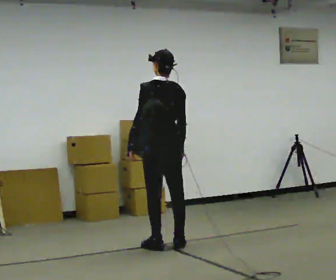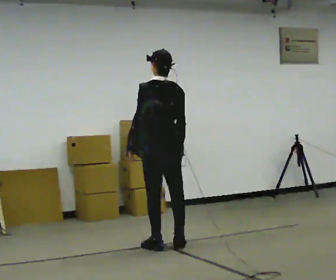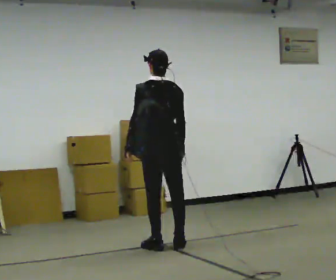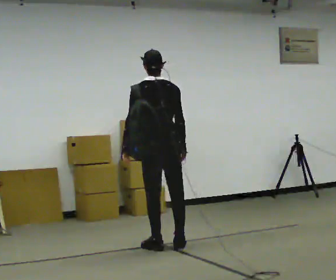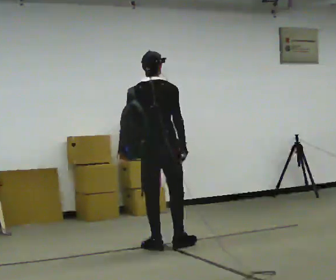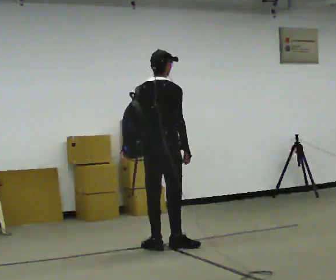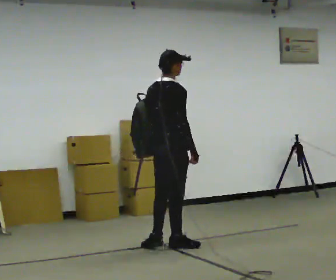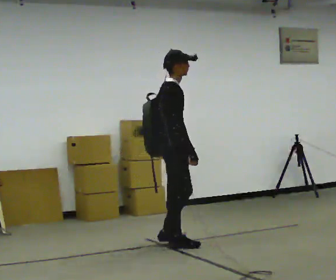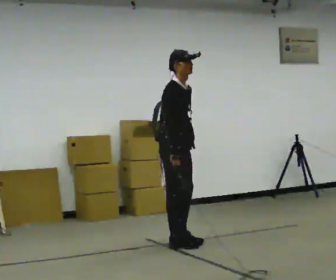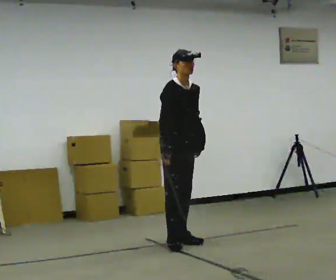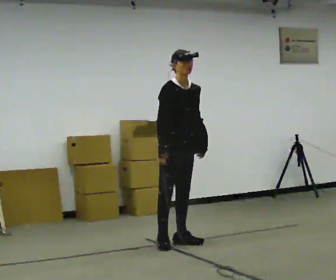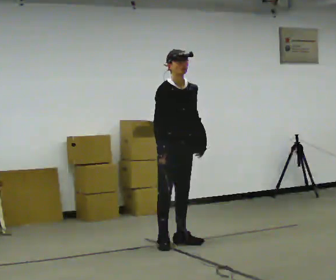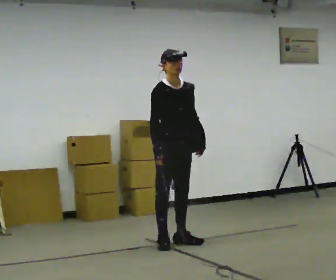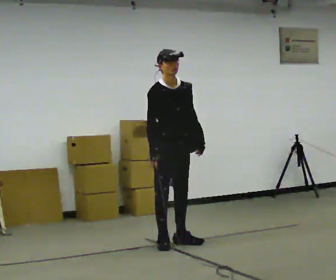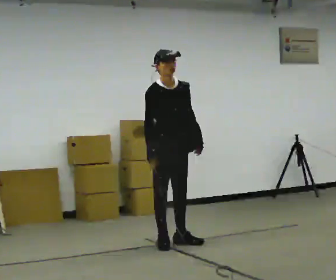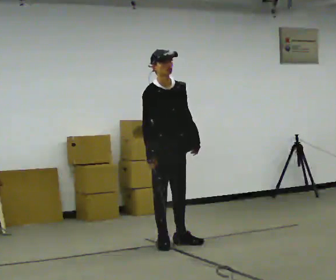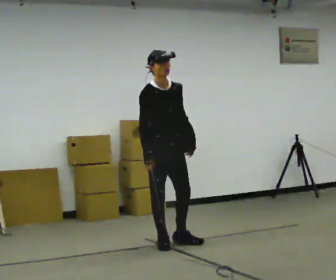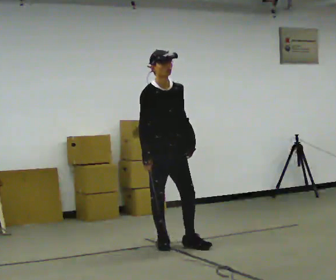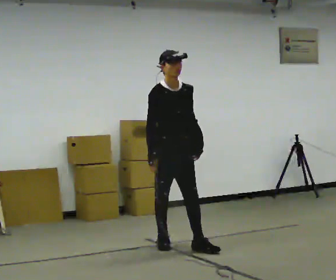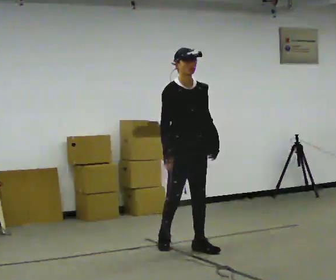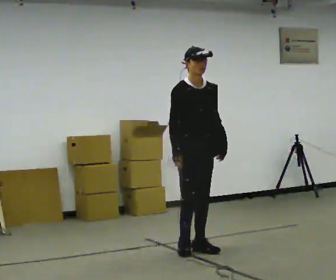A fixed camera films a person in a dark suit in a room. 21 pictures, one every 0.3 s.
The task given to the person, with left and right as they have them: Put the soft bag up onto your shoulder and carry it across the room, back and forth.
0.0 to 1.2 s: The person turns about 45 degrees to their right, clockwise seen from above, so the part of the body nearest the lens slides to the left.
1.2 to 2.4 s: Seen from above the body turns clockwise, about 105 degrees: to their right, with its near side sliding to the left. In the picture their left hand goes to the right.
2.4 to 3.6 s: The person turns about 30 degrees to their right, clockwise seen from above, so the part of the body nearest the lens slides to the left.
3.6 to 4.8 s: The person moves a little, or ends about where they began.
4.8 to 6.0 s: In the picture they go to the right and toward the camera, about 0.25 m in 1 step, which for them is forward and to their left.
The film runs forward here.
